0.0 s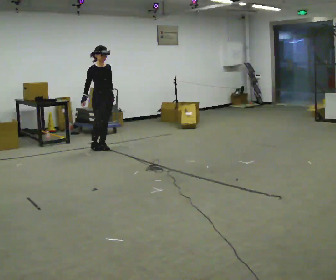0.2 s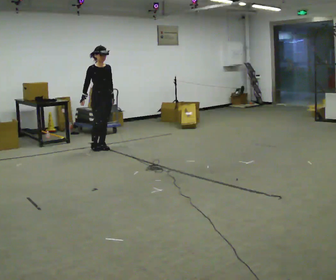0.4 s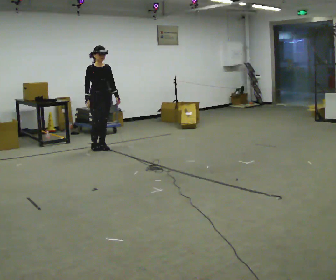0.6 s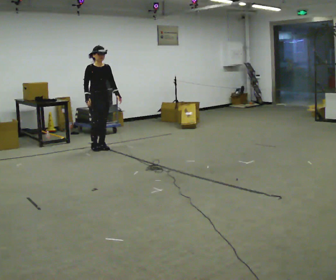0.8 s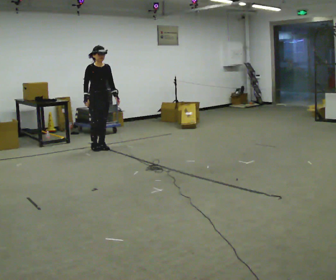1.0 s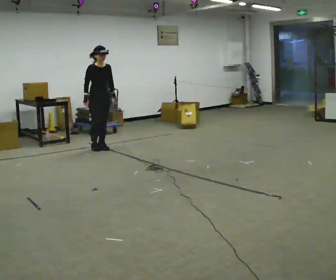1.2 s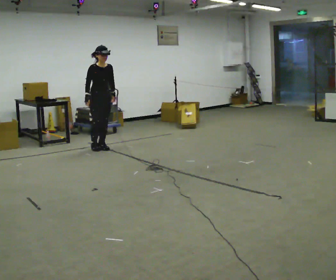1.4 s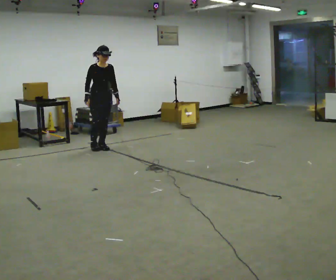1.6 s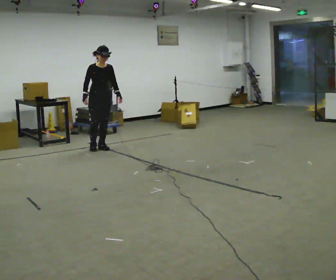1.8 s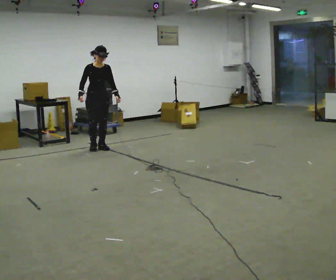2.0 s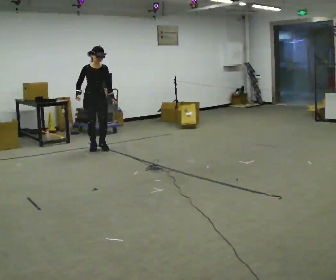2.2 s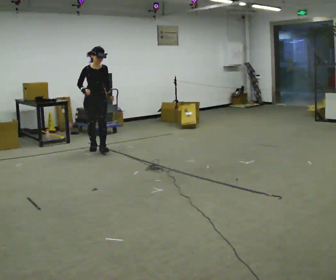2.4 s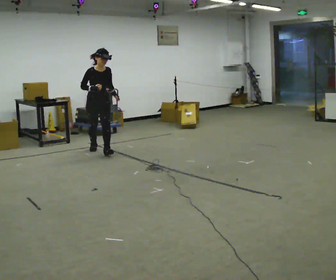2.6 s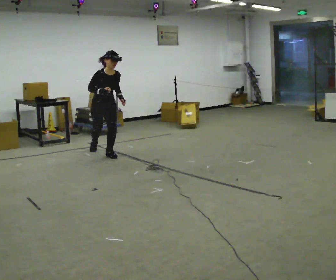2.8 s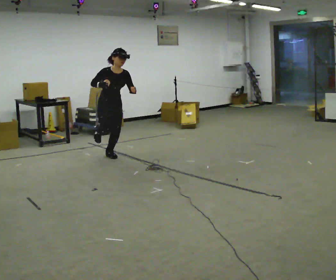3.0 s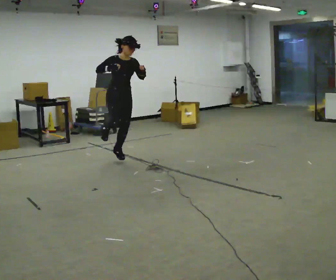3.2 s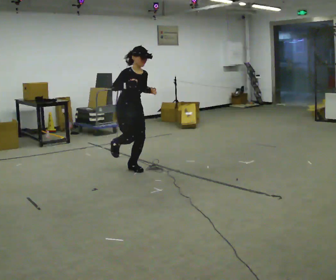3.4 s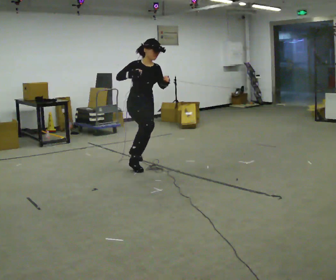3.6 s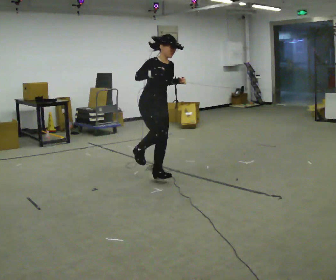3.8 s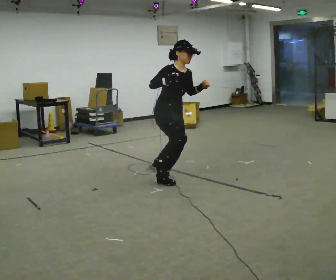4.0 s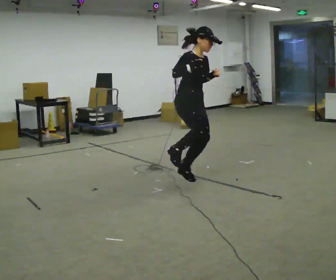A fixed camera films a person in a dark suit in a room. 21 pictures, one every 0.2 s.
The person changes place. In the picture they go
toward the camera.
0.0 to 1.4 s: The person moves a little, or ends about where they began.
1.4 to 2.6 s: In the picture they go toward the camera, about 0.5 m in 1 step, which for them is forward.
2.6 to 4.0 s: In the picture they go toward the camera and to the right, about 2 m in 2 steps, which for them is forward. The upper body tips away from the camera, its near side rolling upward. In the picture their left hand goes upward.
The film runs forward here.
